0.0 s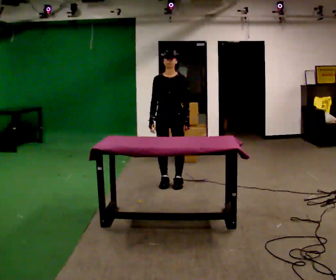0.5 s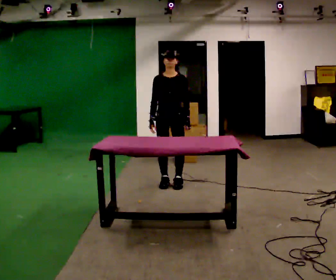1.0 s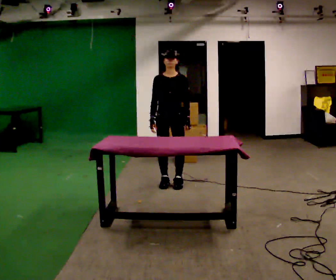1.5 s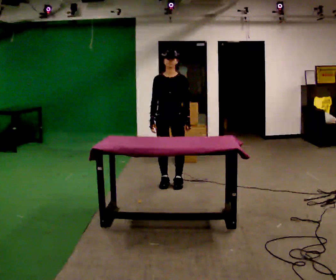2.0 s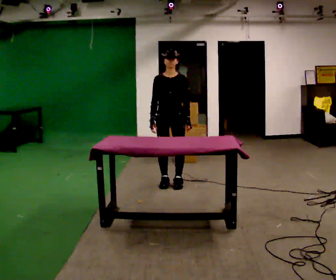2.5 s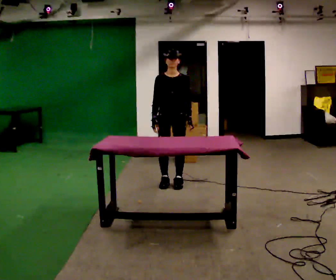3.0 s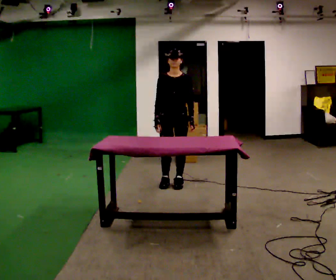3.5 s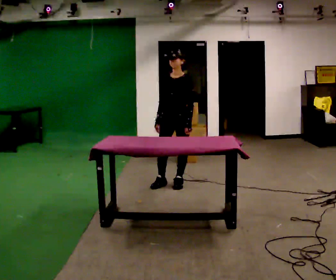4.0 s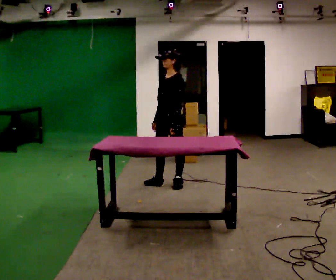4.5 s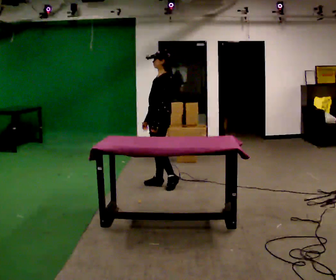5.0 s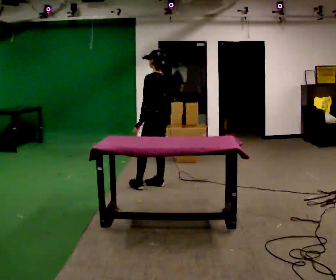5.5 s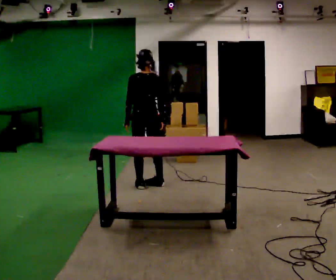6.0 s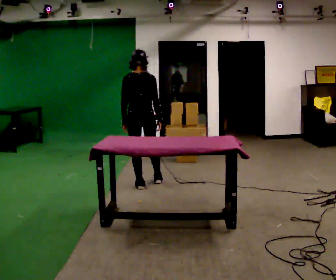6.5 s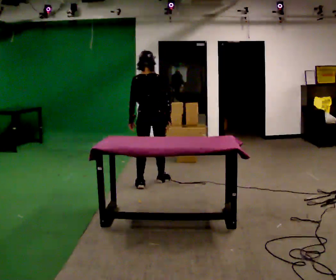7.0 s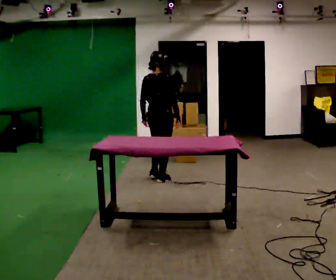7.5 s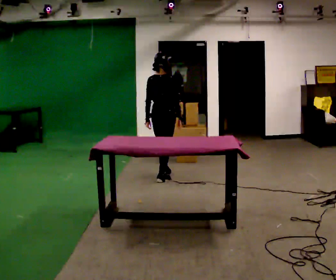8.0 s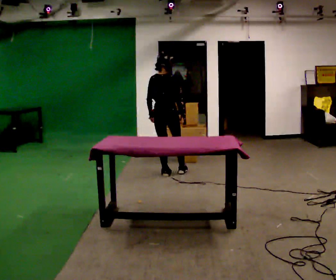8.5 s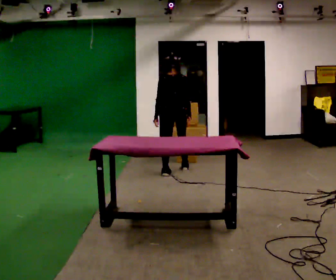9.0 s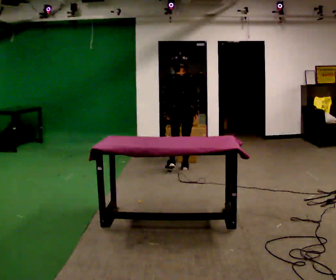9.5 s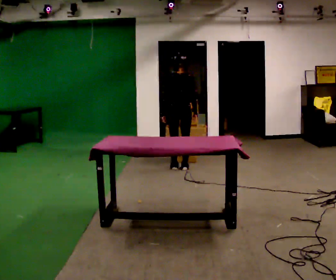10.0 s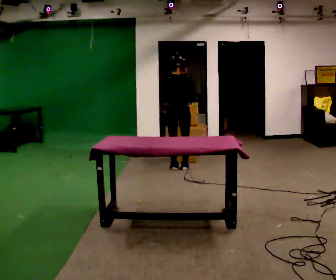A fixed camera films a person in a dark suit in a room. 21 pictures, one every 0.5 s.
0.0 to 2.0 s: The person keeps their place and pose.
2.0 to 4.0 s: The person turns about 60 degrees to their right, clockwise seen from above, so the part of the body nearest the lens slides to the left.
4.0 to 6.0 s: The person turns about 120 degrees to their right, clockwise seen from above, so the part of the body nearest the lens slides to the left. In the picture they go to the left, about 0.25 m in 1 step.
6.0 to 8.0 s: In the picture they go away from the camera and to the right, about 0.5 m in 1 step, which for them is forward.
8.0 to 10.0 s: In the picture they go away from the camera and to the right, about 0.5 m in 2 steps, which for them is forward and to their right.
The film runs forward here.
